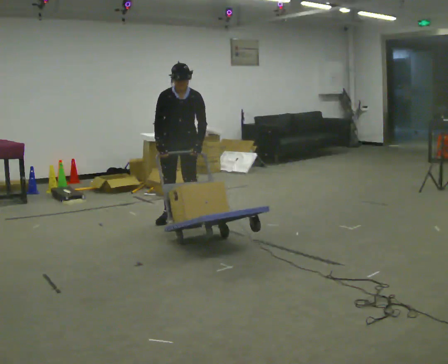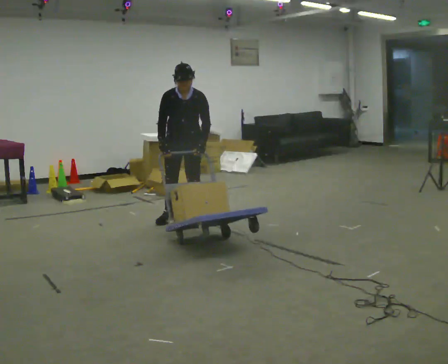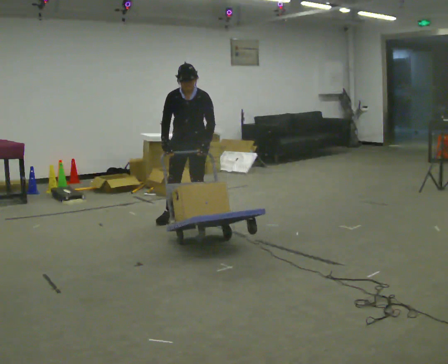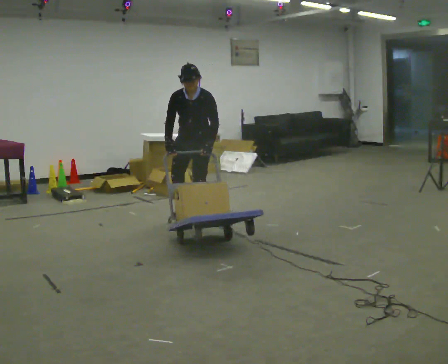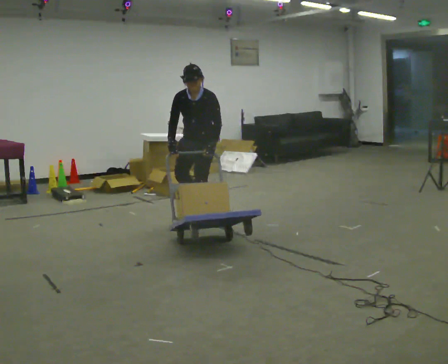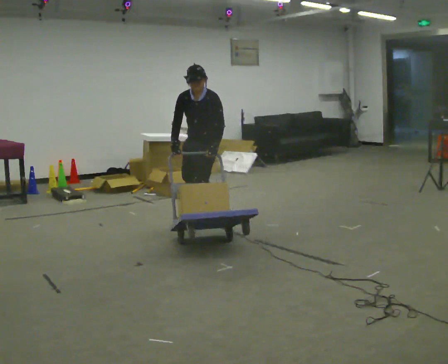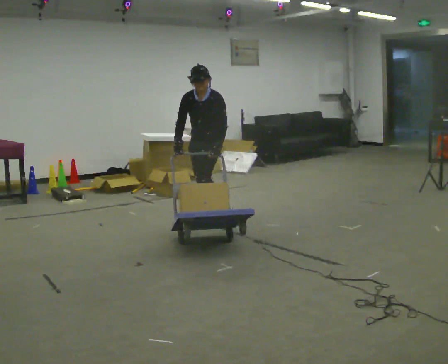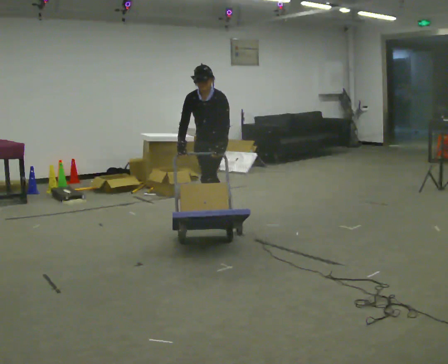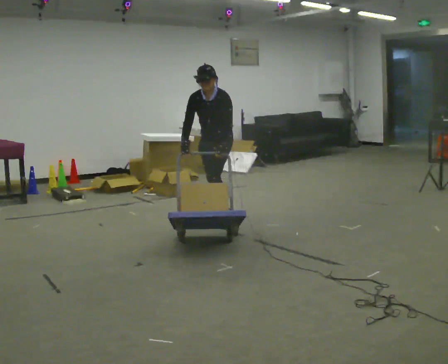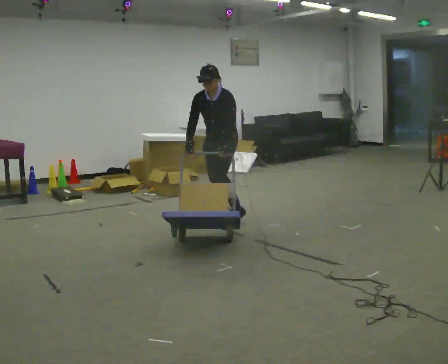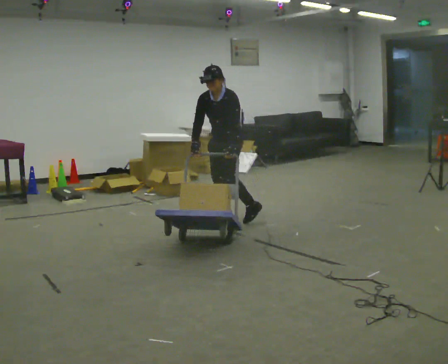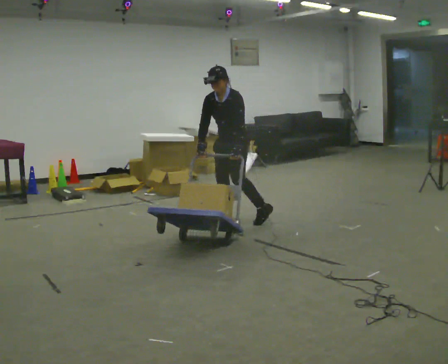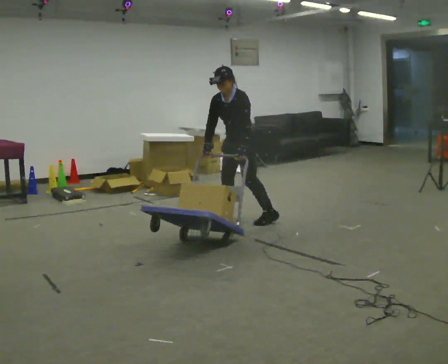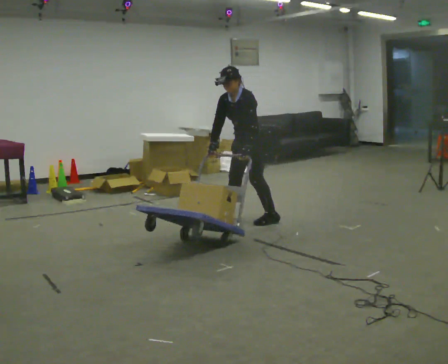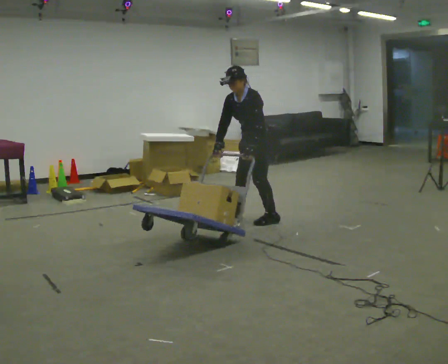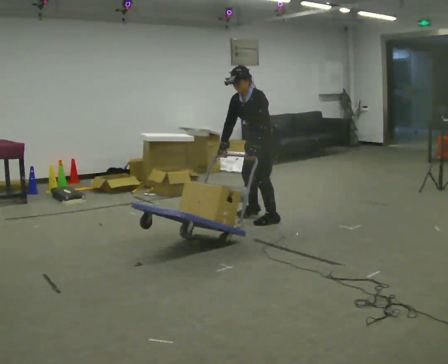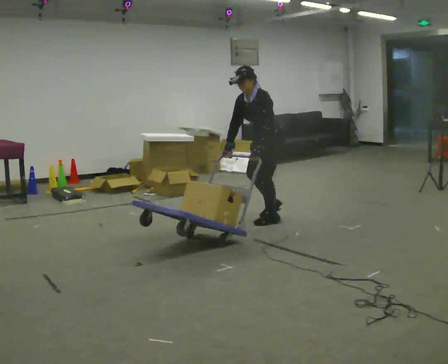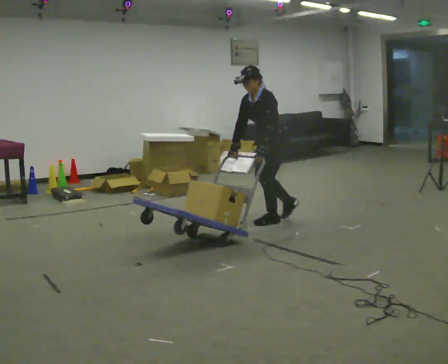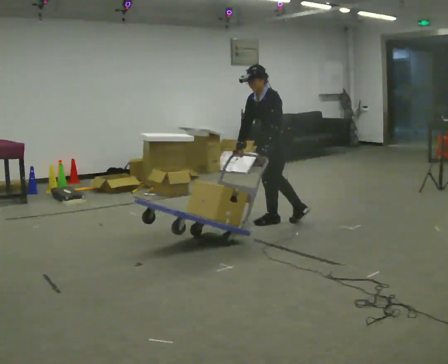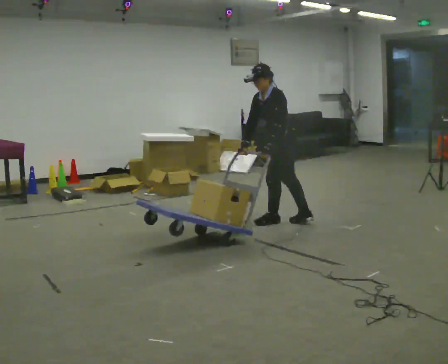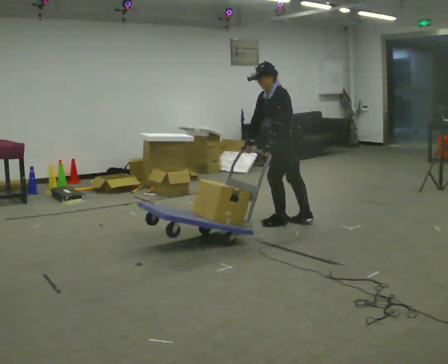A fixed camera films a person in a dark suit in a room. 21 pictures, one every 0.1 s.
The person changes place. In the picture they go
to the right.
The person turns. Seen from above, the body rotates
clockwise.
0.0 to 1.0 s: Seen from above the body turns clockwise, about 45 degrees: to their right, with its near side sliding to the left. In the picture they go to the right, about 0.5 m in 2 steps, which for them is backward and to their left. In the picture the upper body tilts counterclockwise, shoulders to the left.
1.0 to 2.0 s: The person turns about 45 degrees to their right, clockwise seen from above, so the part of the body nearest the lens slides to the left. In the picture they go to the right, about 0.75 m in 2 steps, which for them is to their left and backward.
The film runs backward here.
